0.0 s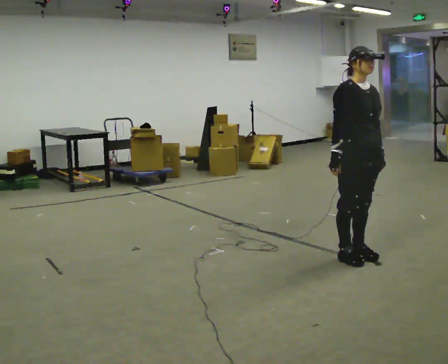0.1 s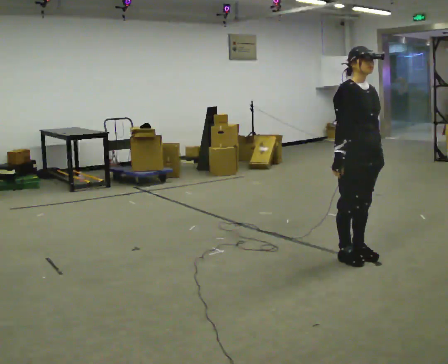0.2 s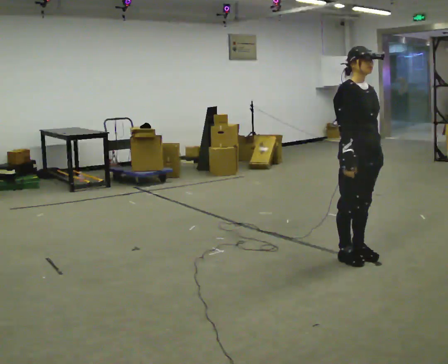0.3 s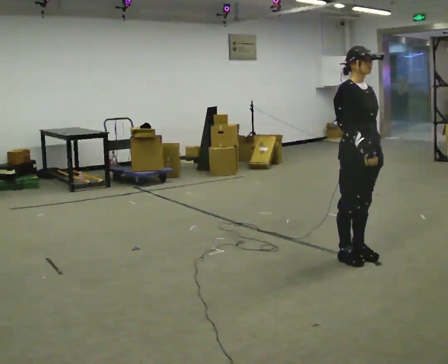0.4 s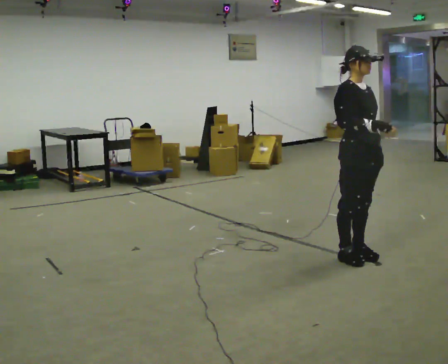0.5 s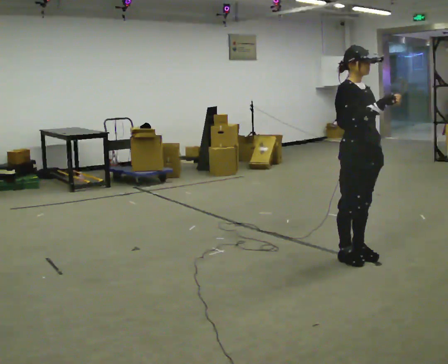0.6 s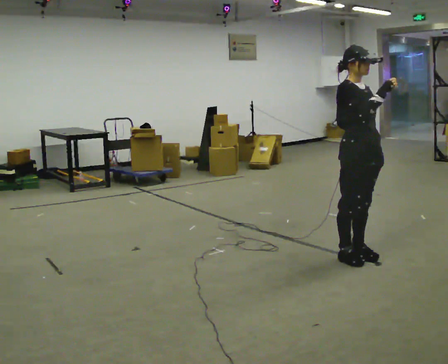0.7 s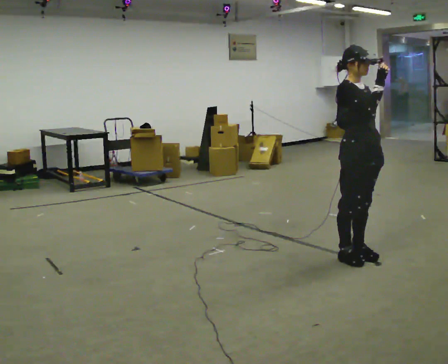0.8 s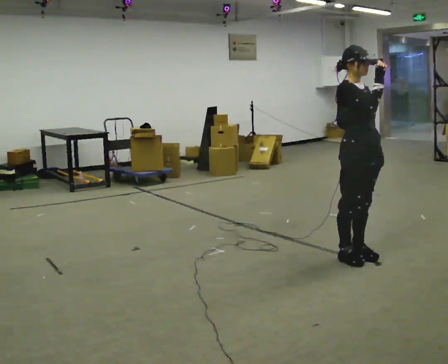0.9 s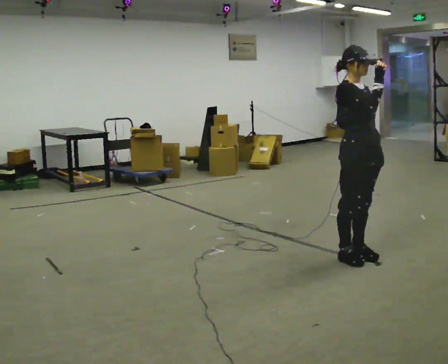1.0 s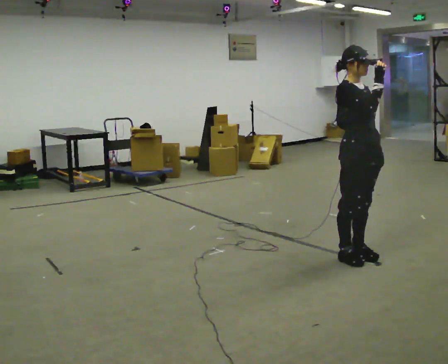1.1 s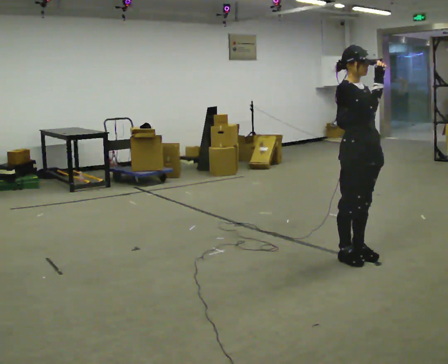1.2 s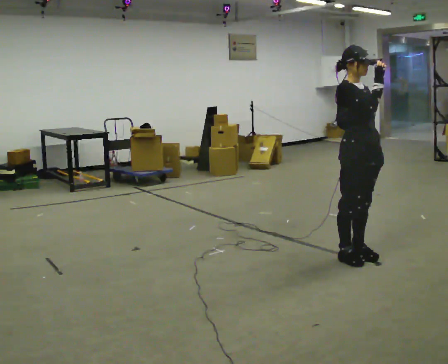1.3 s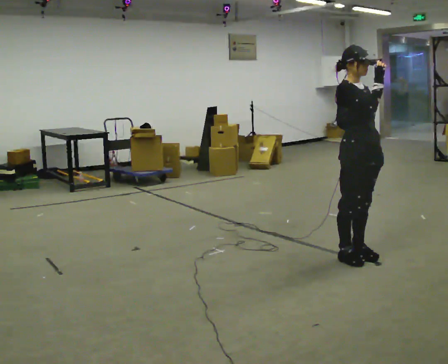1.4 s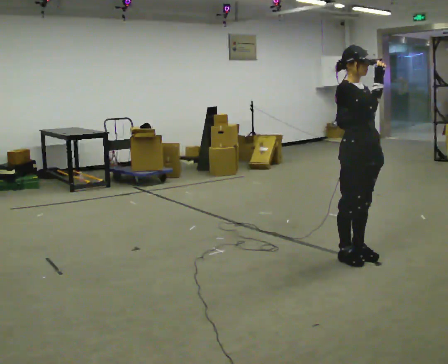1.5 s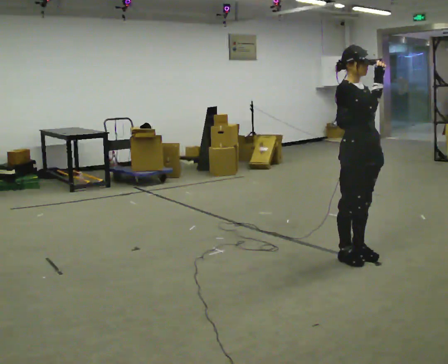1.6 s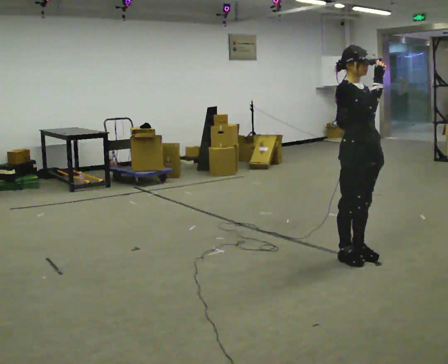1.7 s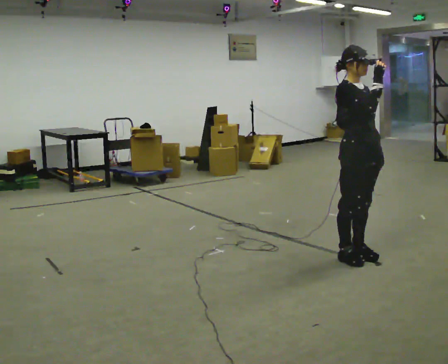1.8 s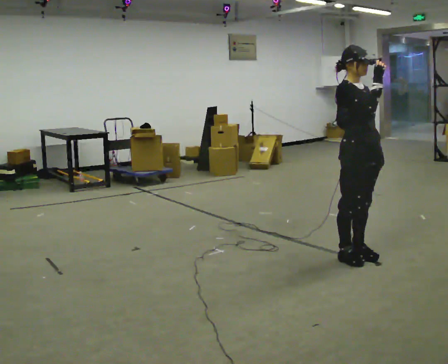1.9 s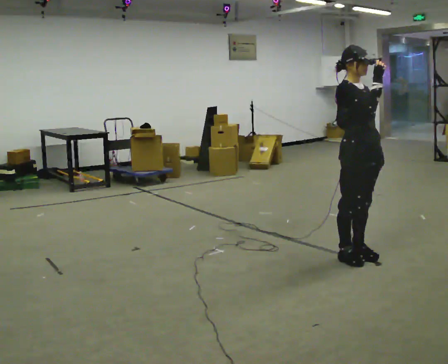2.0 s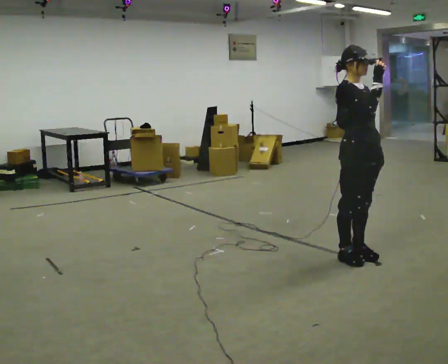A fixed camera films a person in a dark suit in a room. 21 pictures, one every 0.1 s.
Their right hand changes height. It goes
upward.
0.0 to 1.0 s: In the picture their right hand goes upward.
1.0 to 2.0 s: The person keeps their place and pose.
The film runs backward here.
